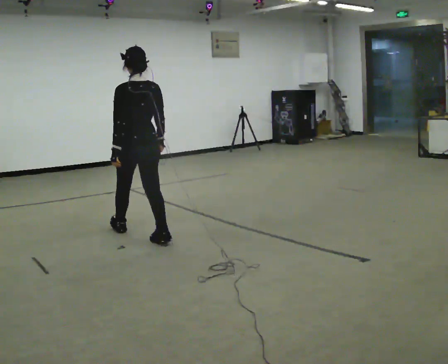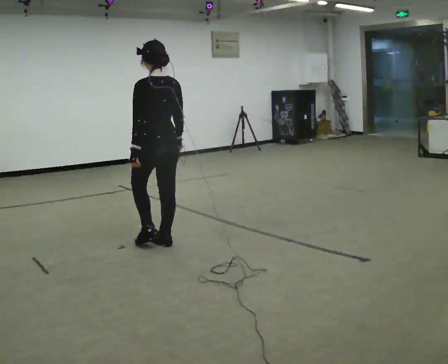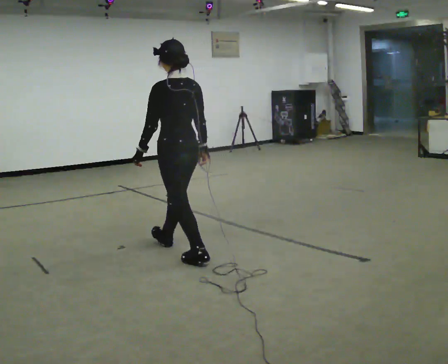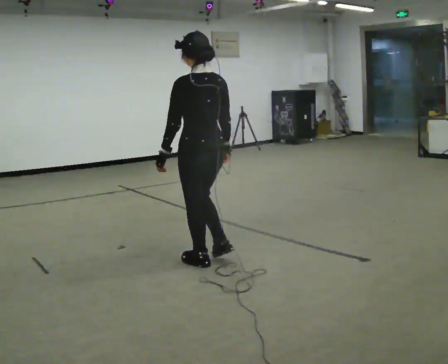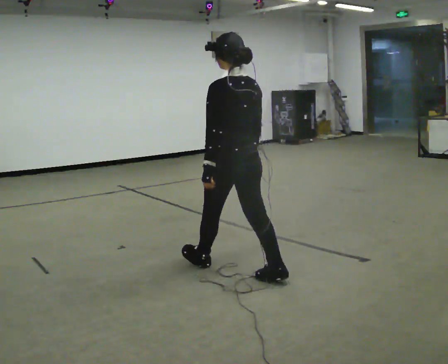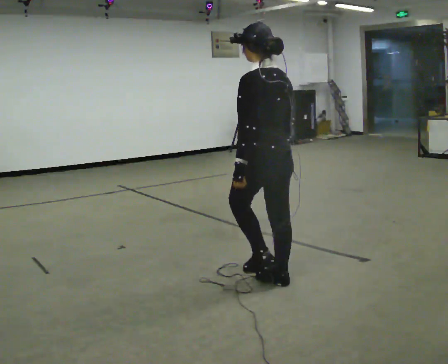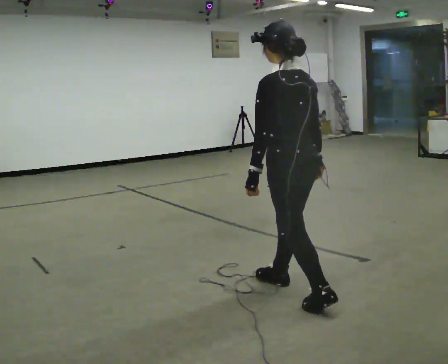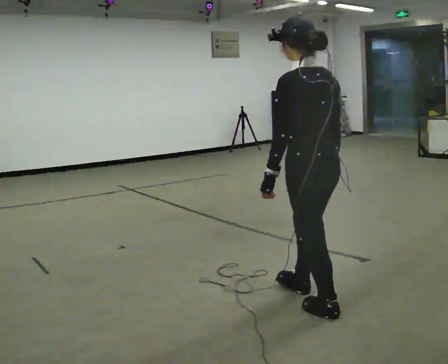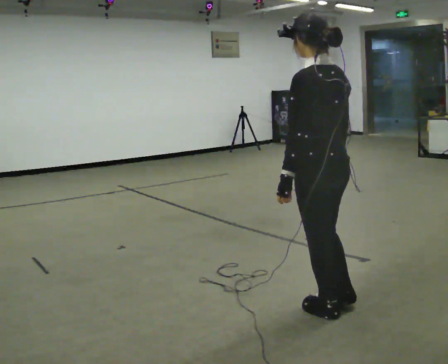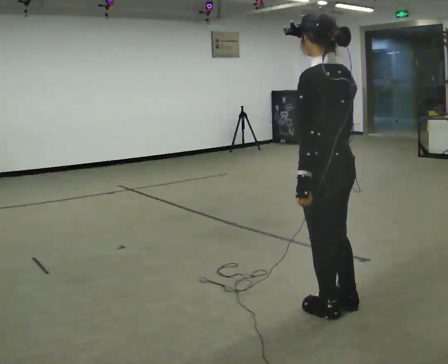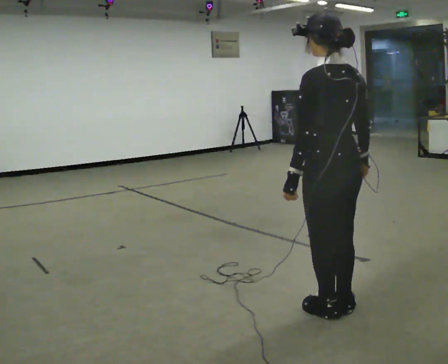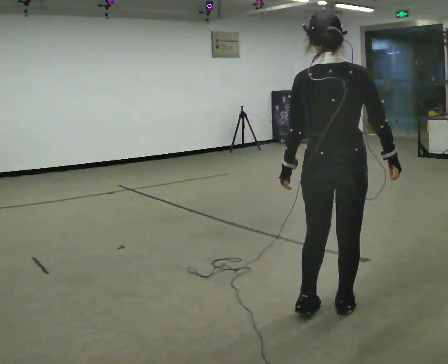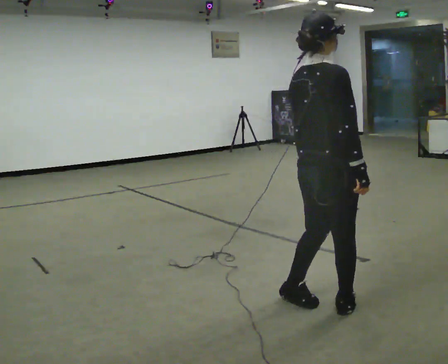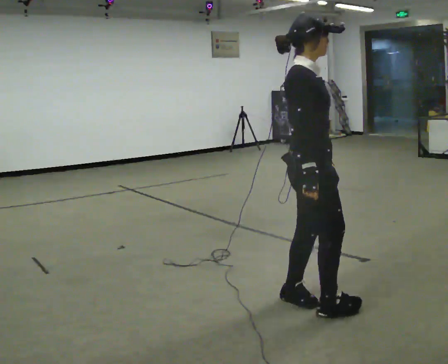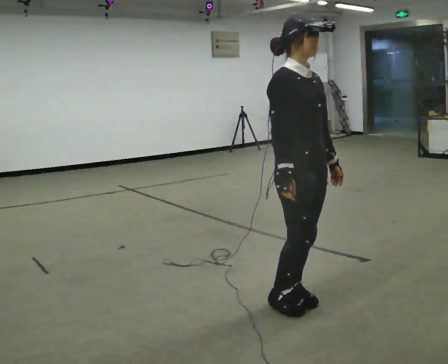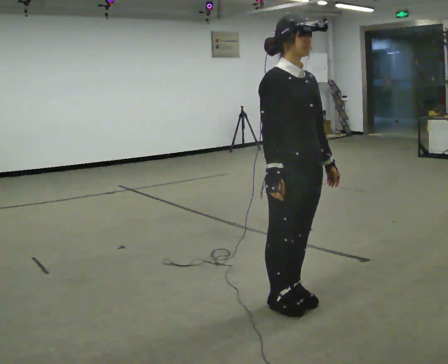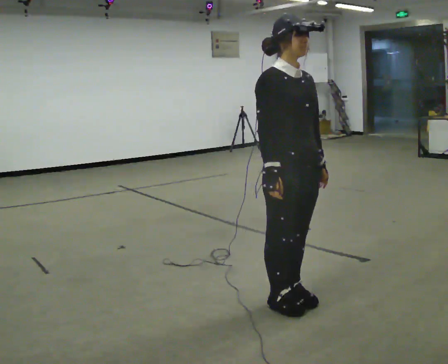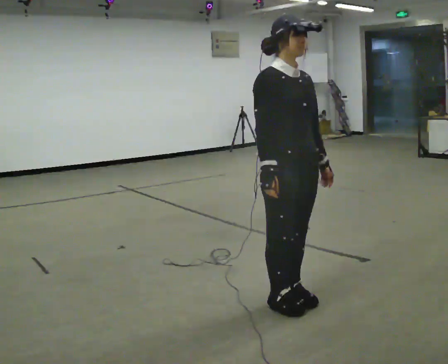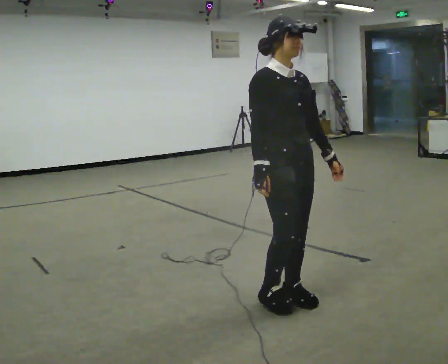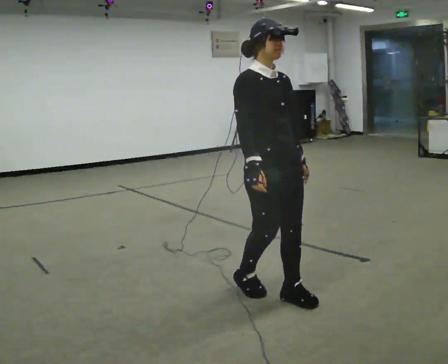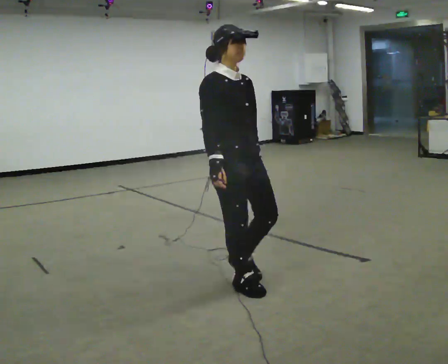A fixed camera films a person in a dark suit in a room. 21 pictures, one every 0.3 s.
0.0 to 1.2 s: In the picture they go to the right and toward the camera, about 1 m in 2 steps, which for them is backward.
1.2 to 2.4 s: In the picture they go to the right and toward the camera, about 1 m in 2 steps, which for them is backward.
2.4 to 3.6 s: Seen from above the body turns clockwise, about 105 degrees: to their right, with its near side sliding to the left.
3.6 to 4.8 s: The person turns about 90 degrees to their right, clockwise seen from above, so the part of the body nearest the lens slides to the left. In the picture they go to the left, about 0.25 m in 1 step.
4.8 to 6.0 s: In the picture they go to the left and away from the camera, about 0.25 m in 2 steps, which for them is backward.
The film runs backward here.
